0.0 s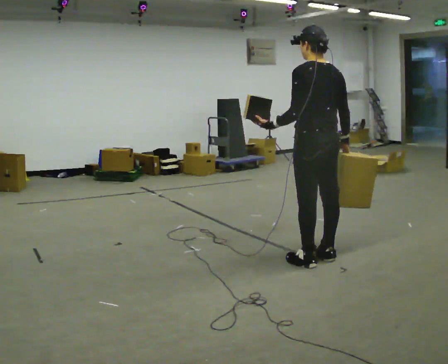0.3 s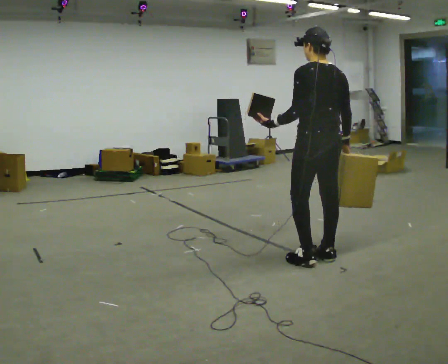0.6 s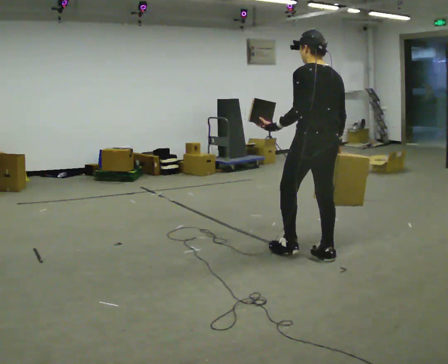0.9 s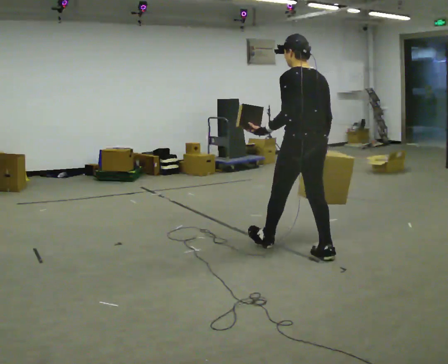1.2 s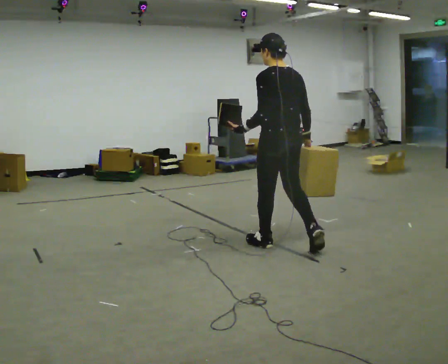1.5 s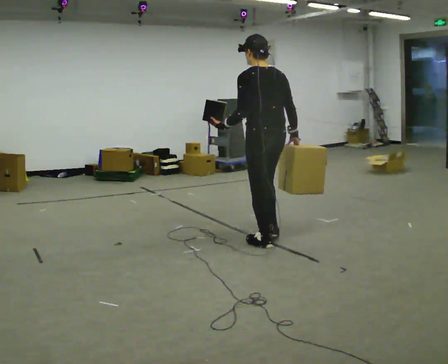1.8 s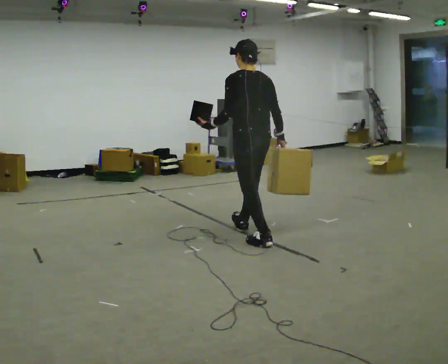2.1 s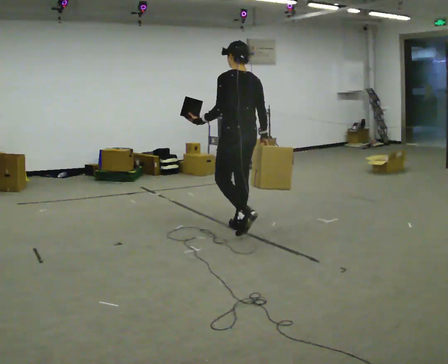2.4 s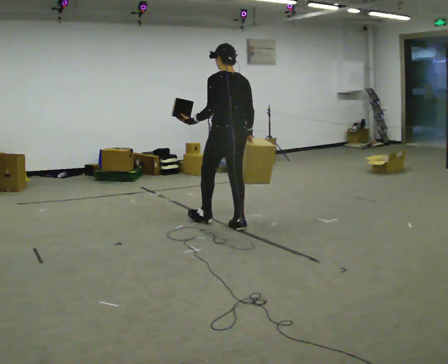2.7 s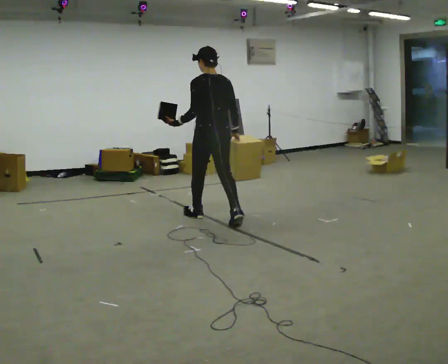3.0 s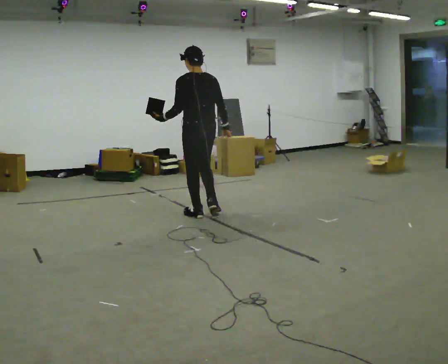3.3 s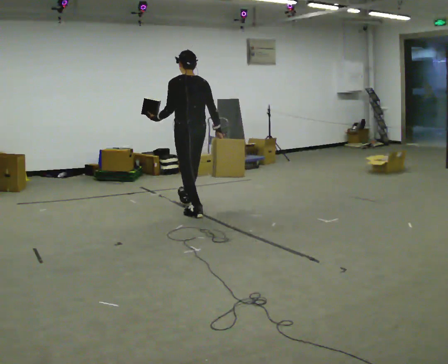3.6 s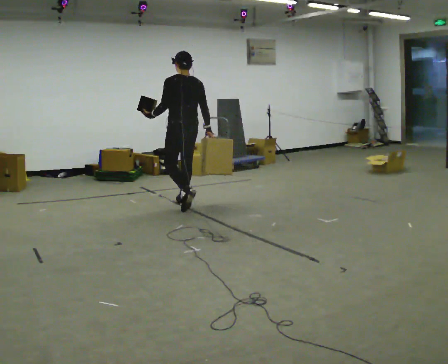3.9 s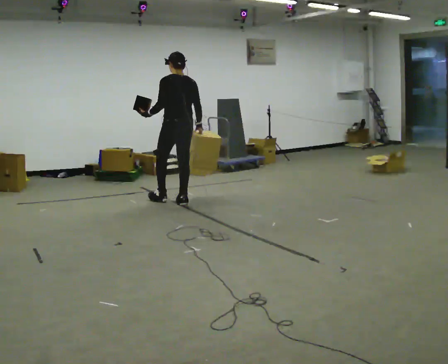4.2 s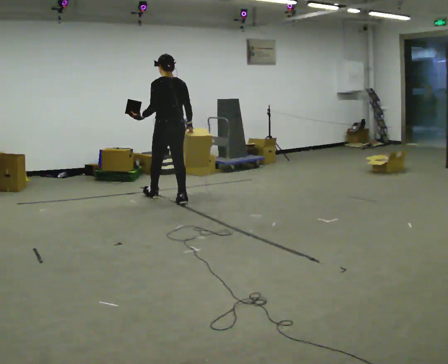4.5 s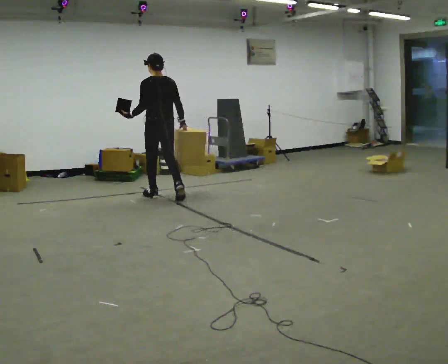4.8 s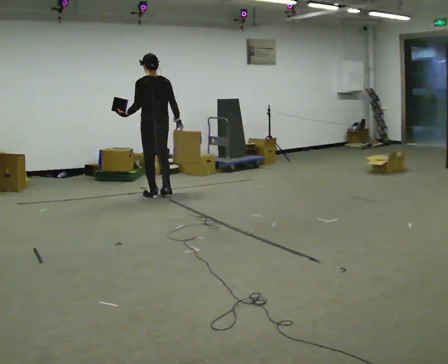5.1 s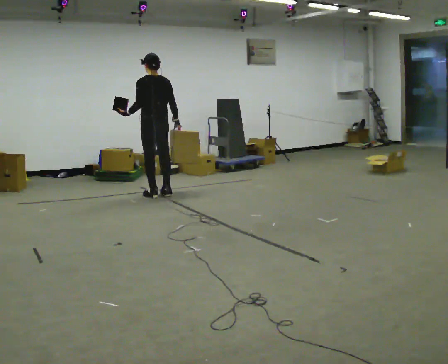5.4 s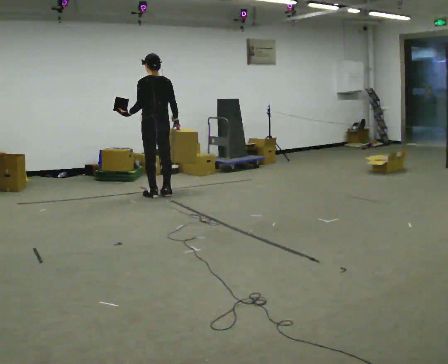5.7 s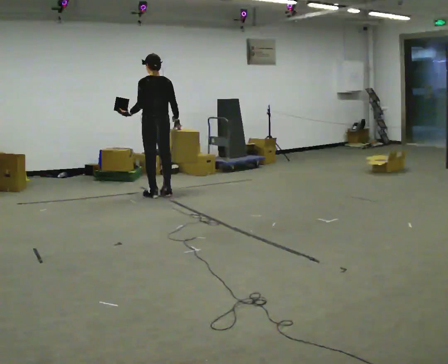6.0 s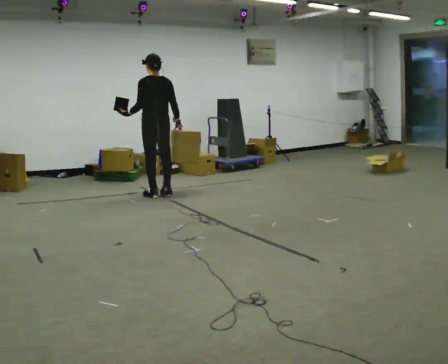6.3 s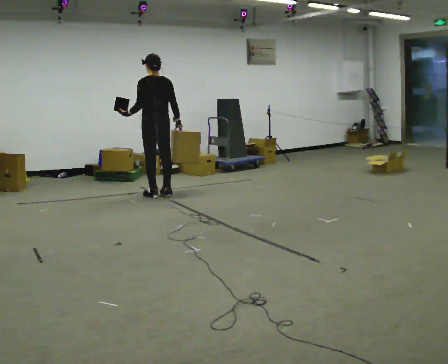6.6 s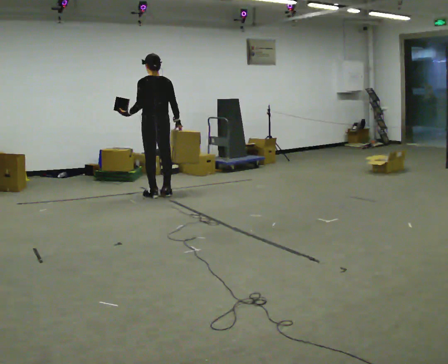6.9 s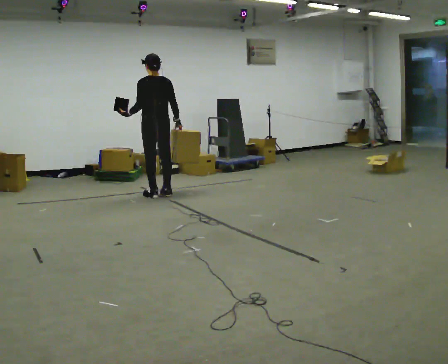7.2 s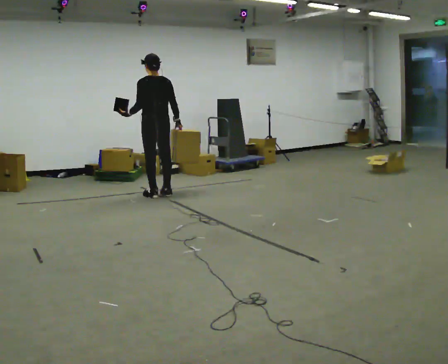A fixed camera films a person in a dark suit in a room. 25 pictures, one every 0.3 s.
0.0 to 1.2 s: In the picture they go away from the camera and to the left, about 0.5 m in 1 step, which for them is forward.
1.2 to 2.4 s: In the picture they go away from the camera and to the left, about 1 m in 1 step, which for them is forward.
2.4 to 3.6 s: In the picture they go away from the camera and to the left, about 1 m in 2 steps, which for them is forward.
3.6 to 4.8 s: In the picture they go away from the camera and to the left, about 0.75 m in 1 step, which for them is forward.
4.8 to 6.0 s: The person moves a little, or ends about where they began.
6.0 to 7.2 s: The person keeps their place and pose.
The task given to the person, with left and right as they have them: Carry one object in each hand, the heavy one in the hand the operator calls, walking back and forth across the room.
The film runs forward here.
